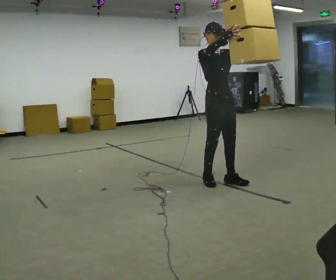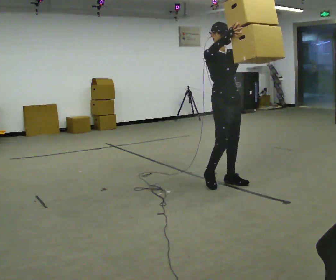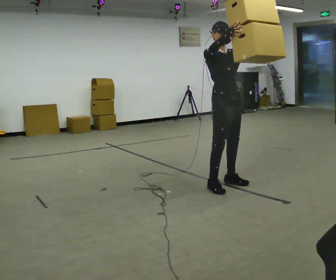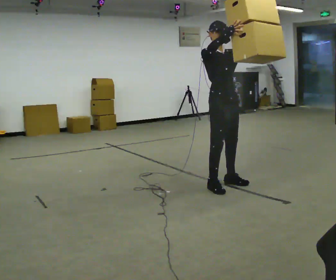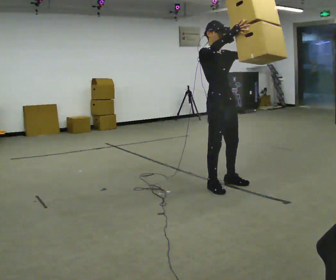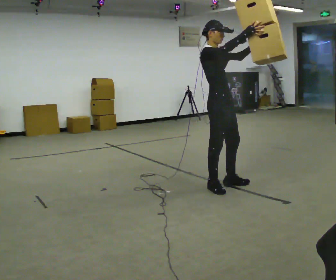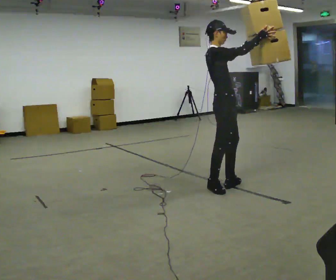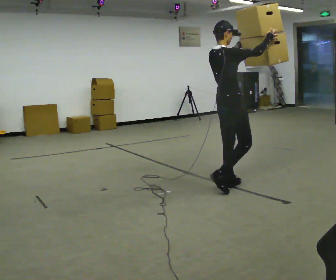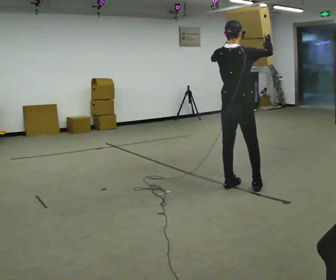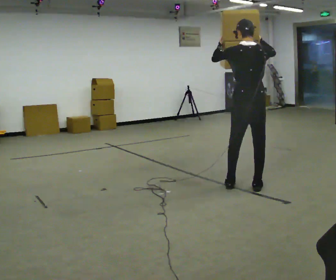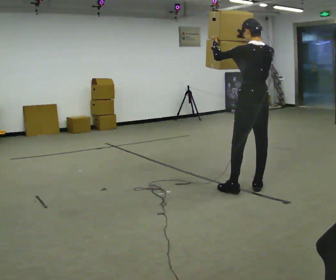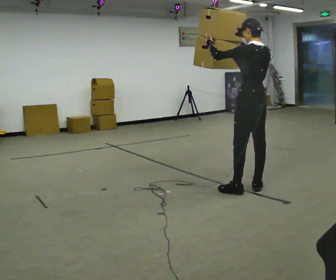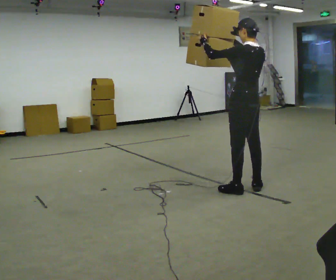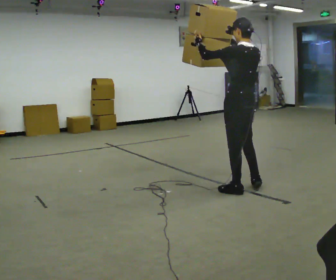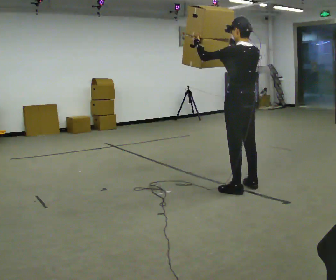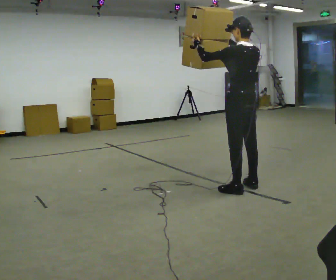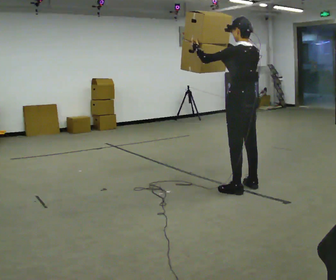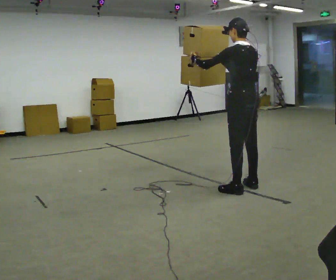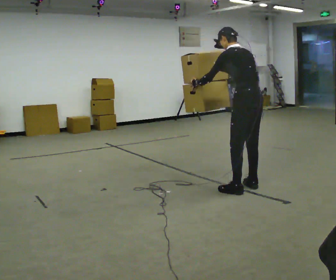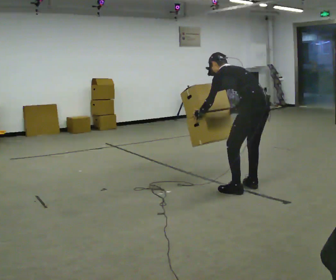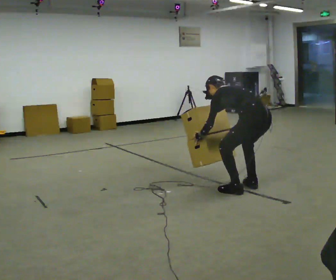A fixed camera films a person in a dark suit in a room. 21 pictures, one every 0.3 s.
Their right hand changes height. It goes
downward.
The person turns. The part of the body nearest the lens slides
to the right.
0.0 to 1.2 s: In the picture they go toward the camera, about 0.25 m in 1 step, which for them is forward and to their right.
1.2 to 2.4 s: Seen from above the body turns counterclockwise, about 105 degrees: to their left, with its near side sliding to the right. In the picture they go to the right, about 0.25 m in 1 step. In the picture their left hand goes to the left.
2.4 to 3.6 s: The part of the body nearest the lens slides to the right as the person turns to their left by about 75 degrees. In the picture their right hand goes to the left.
3.6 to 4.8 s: The person moves a little, or ends about where they began.
4.8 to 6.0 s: The upper body goes downward. In the picture the upper body tilts counterclockwise, shoulders to the left, as they bend forward. In the picture their right hand goes downward.
The film runs forward here.
